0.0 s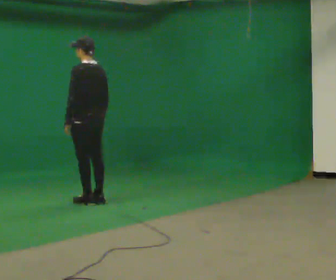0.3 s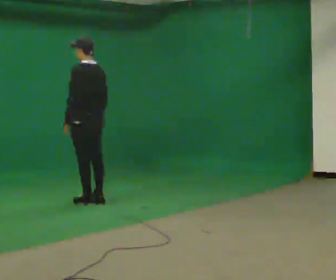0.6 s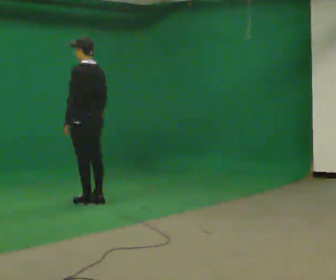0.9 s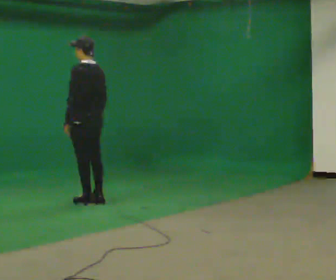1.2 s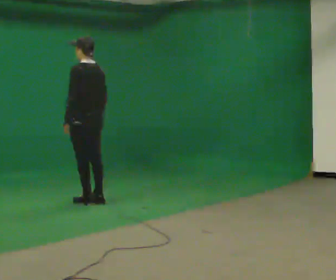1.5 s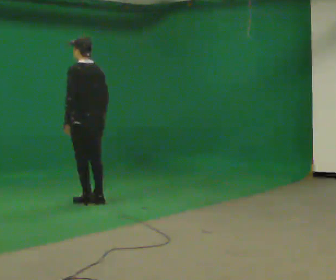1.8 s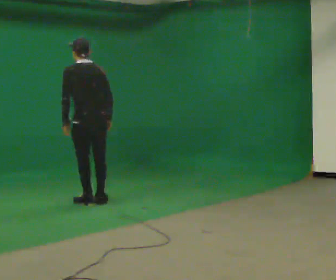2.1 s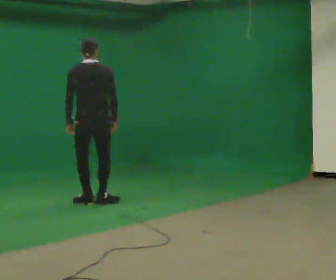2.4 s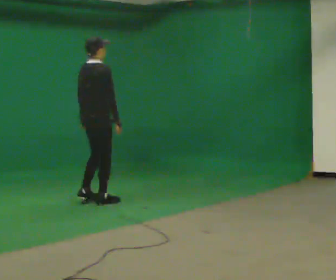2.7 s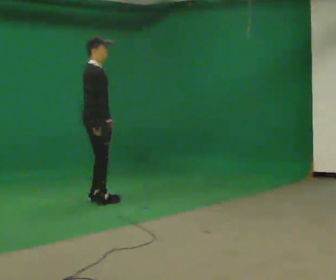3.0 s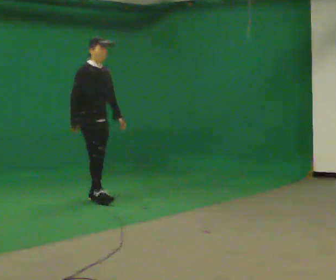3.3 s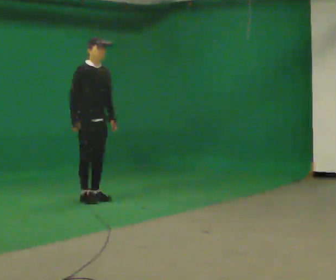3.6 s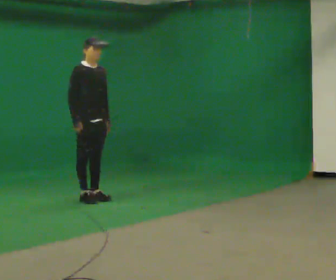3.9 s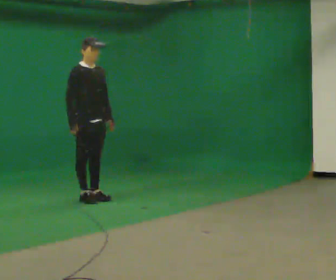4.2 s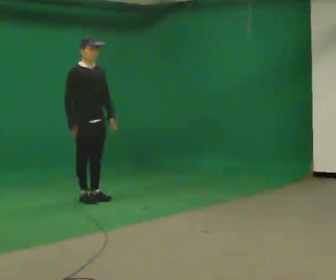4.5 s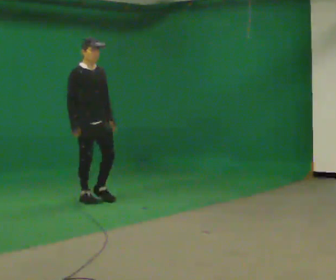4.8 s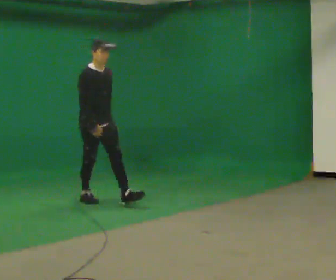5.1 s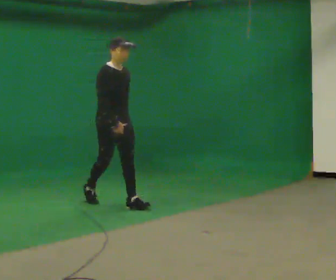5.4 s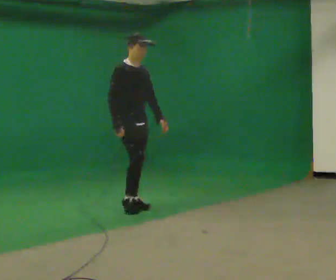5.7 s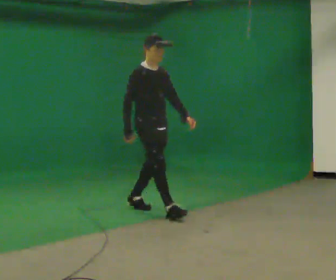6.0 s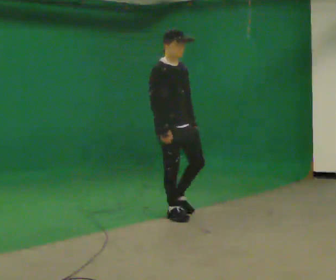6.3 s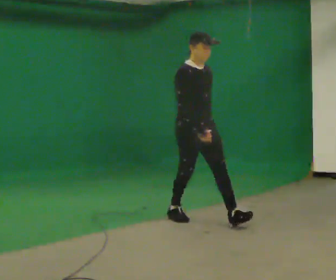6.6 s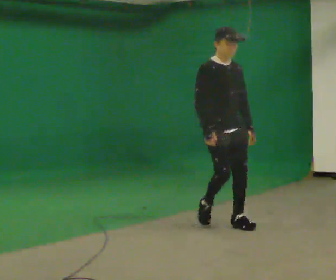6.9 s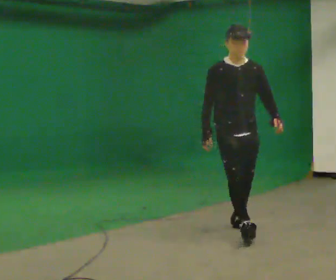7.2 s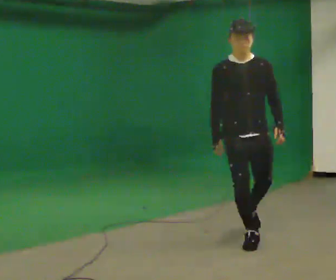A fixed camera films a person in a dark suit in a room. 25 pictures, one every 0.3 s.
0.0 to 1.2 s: The person keeps their place and pose.
1.2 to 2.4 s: The part of the body nearest the lens slides to the left as the person turns to their right by about 105 degrees.
2.4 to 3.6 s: The part of the body nearest the lens slides to the left as the person turns to their right by about 75 degrees. In the picture they go away from the camera, about 0.25 m in 2 steps. In the picture their right hand goes to the left.
3.6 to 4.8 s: In the picture they go toward the camera, about 0.25 m, which for them is forward.
4.8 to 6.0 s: In the picture they go toward the camera and to the right, about 1 m in 2 steps, which for them is forward.
6.0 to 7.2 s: The person turns about 45 degrees to their right, clockwise seen from above, so the part of the body nearest the lens slides to the left. In the picture they go toward the camera and to the right, about 1 m in 2 steps, which for them is forward.
The film runs forward here.
